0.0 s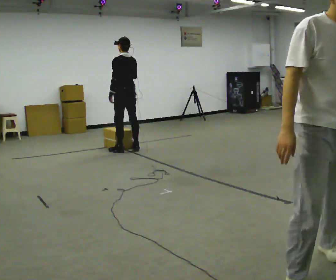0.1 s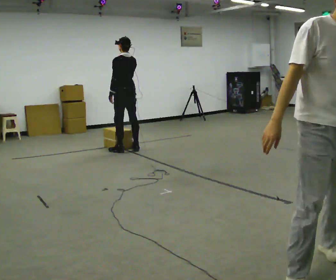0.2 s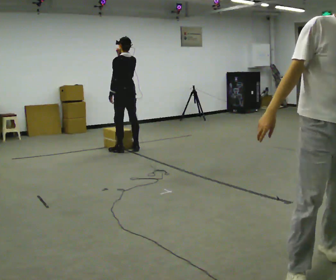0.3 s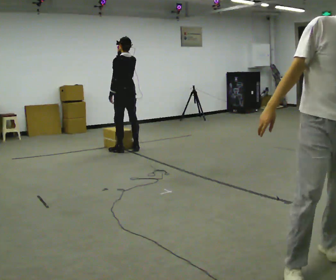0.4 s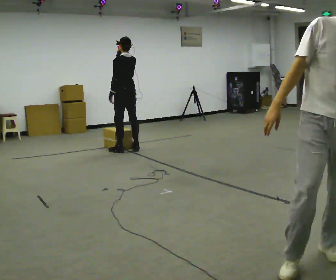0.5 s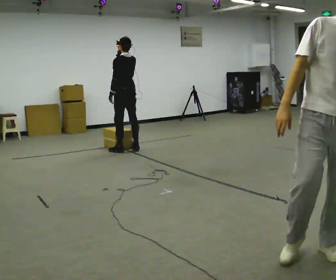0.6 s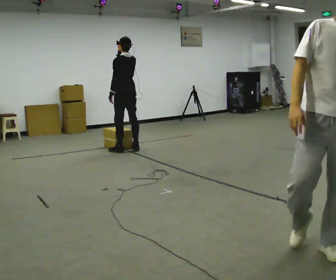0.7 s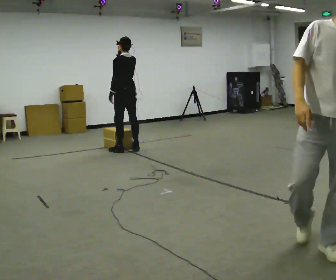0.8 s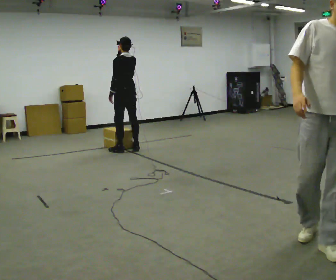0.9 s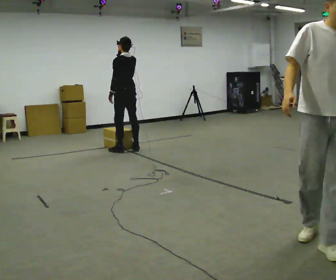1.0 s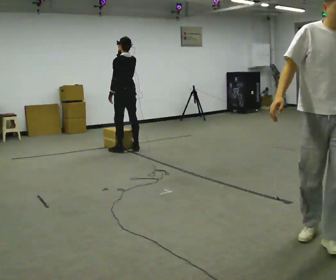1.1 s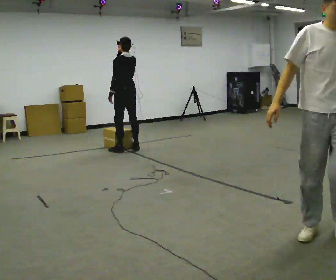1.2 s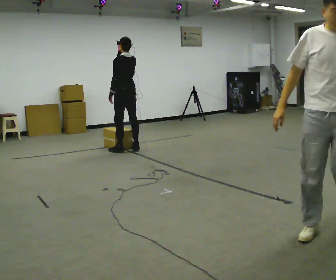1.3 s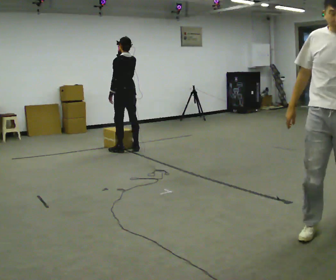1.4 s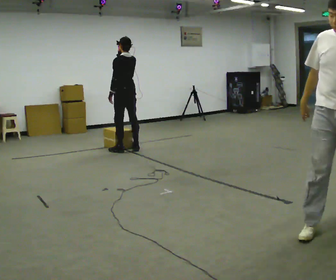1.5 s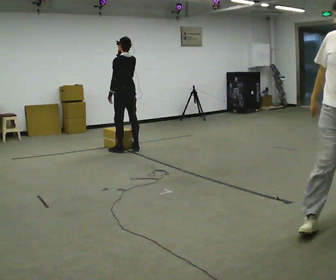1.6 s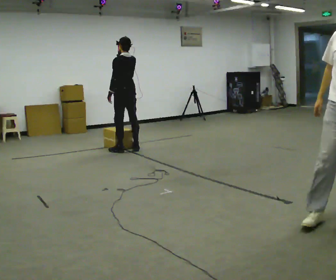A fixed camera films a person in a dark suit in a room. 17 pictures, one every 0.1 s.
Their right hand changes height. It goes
upward.
0.0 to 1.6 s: In the picture their right hand goes upward.
The film runs backward here.
